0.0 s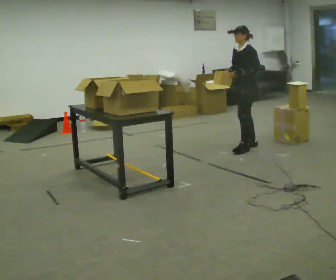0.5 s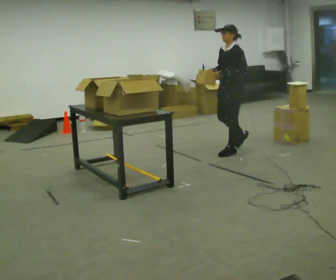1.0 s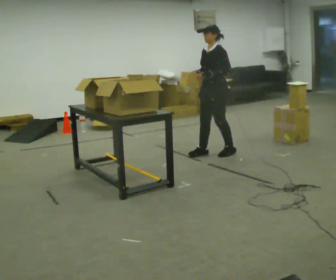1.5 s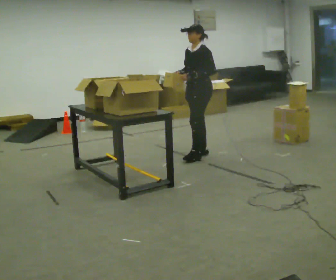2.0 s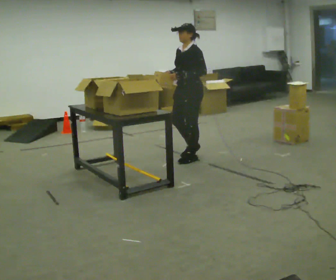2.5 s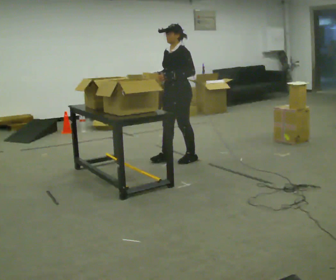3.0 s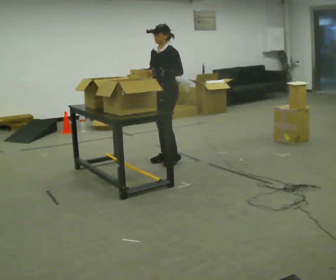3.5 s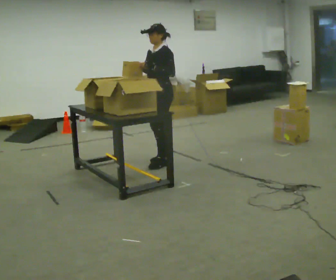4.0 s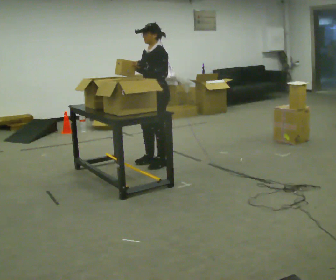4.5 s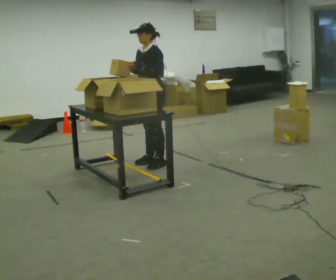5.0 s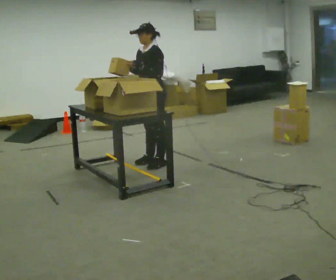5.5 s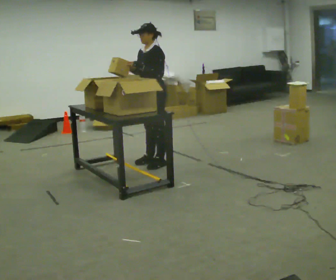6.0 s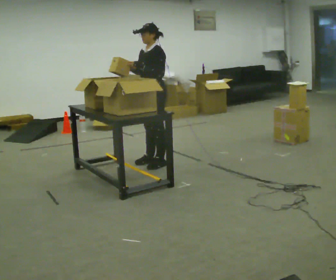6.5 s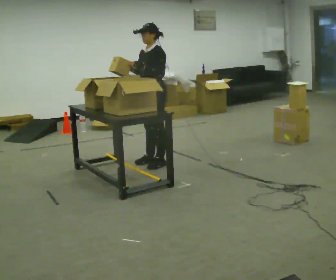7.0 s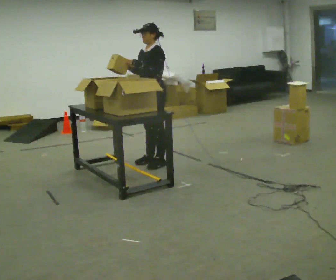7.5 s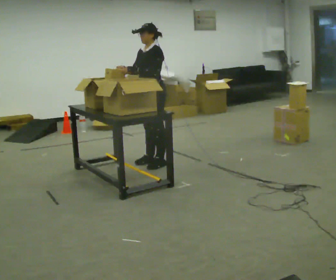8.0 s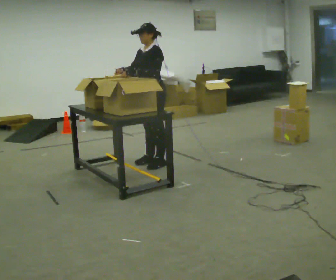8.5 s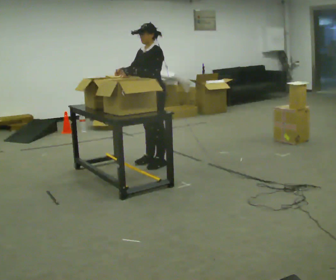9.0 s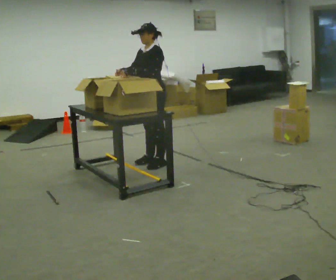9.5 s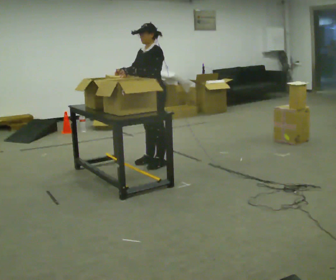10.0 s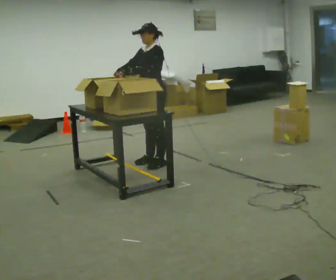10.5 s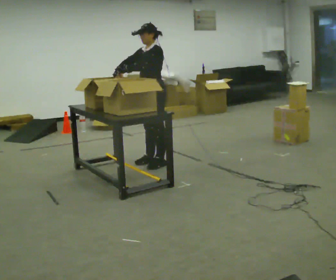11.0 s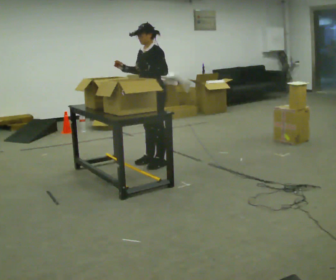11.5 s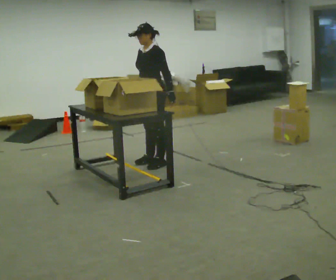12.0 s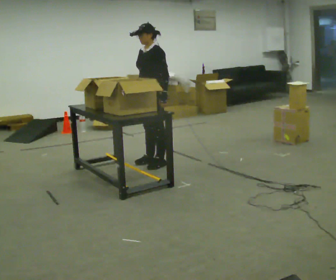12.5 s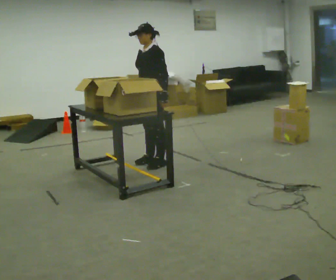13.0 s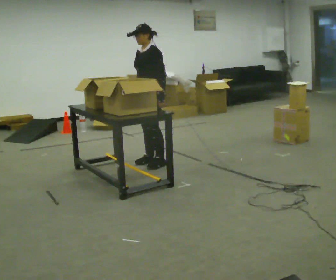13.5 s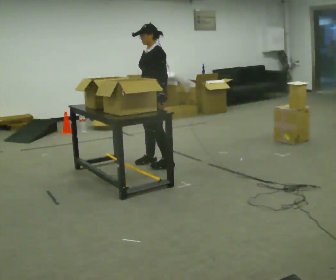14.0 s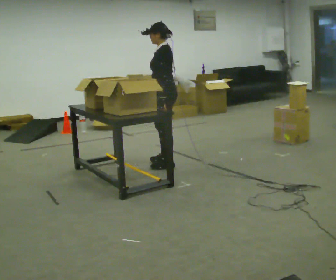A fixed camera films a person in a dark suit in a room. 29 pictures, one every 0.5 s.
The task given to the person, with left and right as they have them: 1. Read the list the operator gives you. 2. Collect the six items on the list from the shelves. 3. Put them all in the bin on the table. 4. Tell the operator when you are finished.
0.0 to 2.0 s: In the picture they go to the left and toward the camera, about 1 m in 3 steps, which for them is forward.
2.0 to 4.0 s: In the picture they go to the left, about 0.5 m in 3 steps, which for them is forward.
4.0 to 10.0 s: The person moves a little, or ends about where they began.
10.0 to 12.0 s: In the picture their left hand goes to the right.
12.0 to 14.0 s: The person turns about 45 degrees to their right, clockwise seen from above, so the part of the body nearest the lens slides to the left. In the picture their right hand goes to the right.
The film runs forward here.
